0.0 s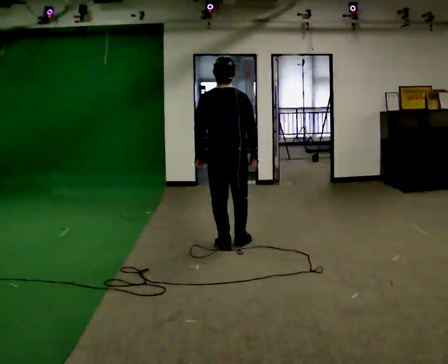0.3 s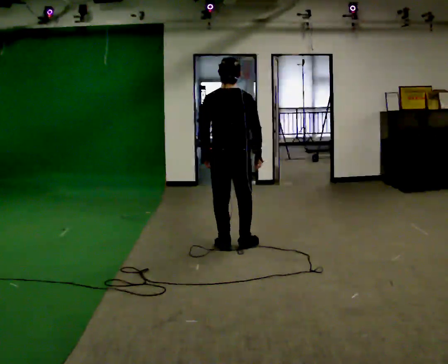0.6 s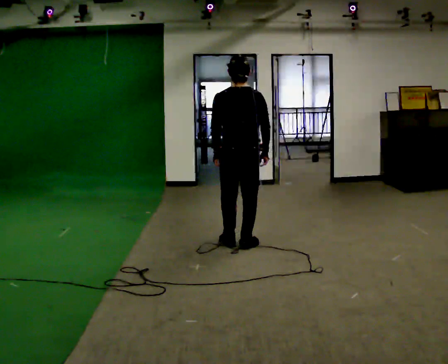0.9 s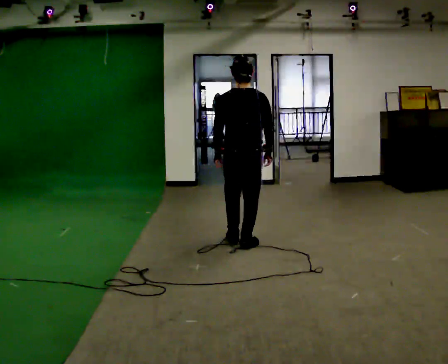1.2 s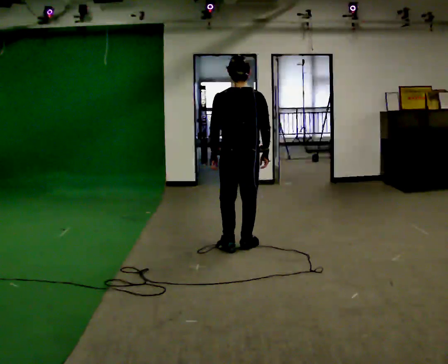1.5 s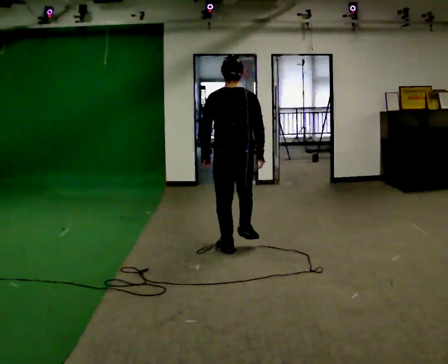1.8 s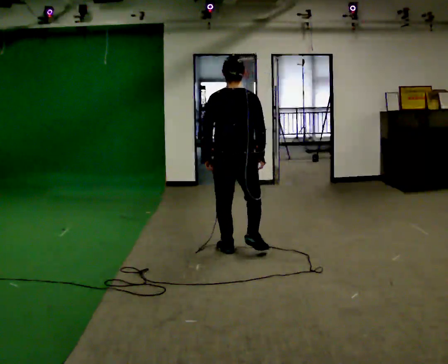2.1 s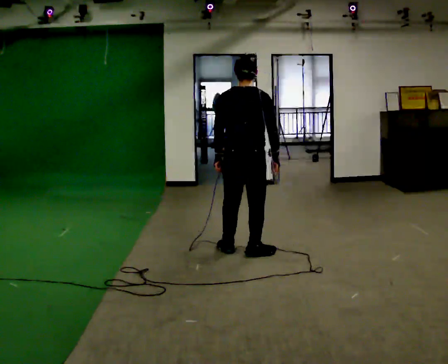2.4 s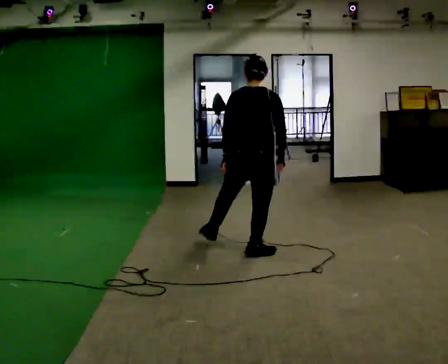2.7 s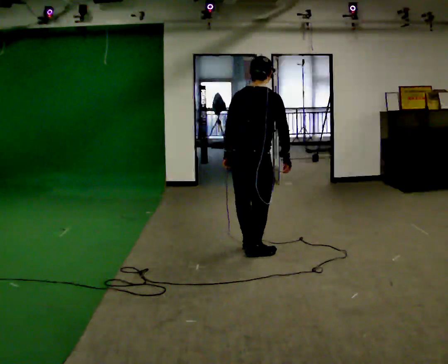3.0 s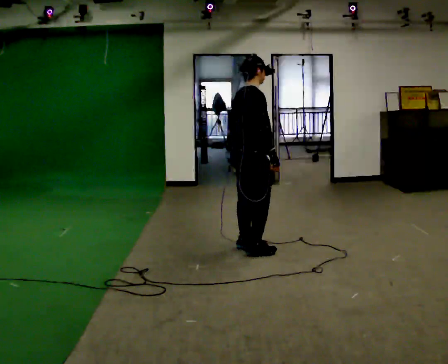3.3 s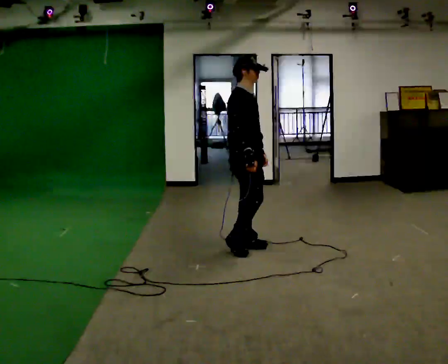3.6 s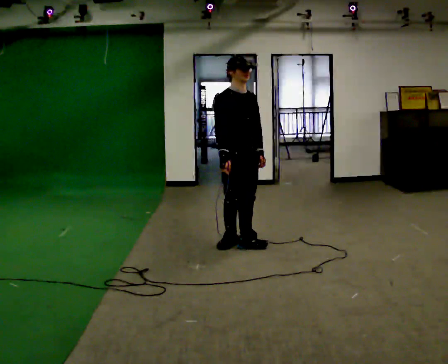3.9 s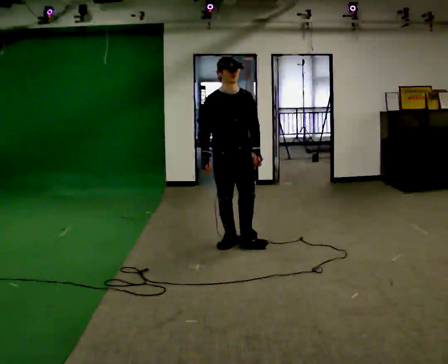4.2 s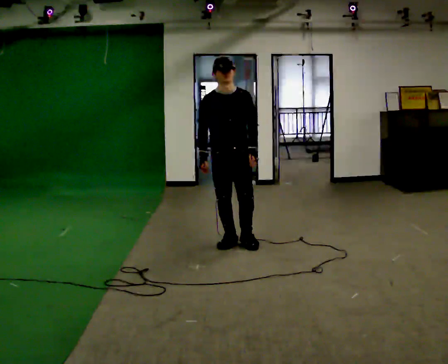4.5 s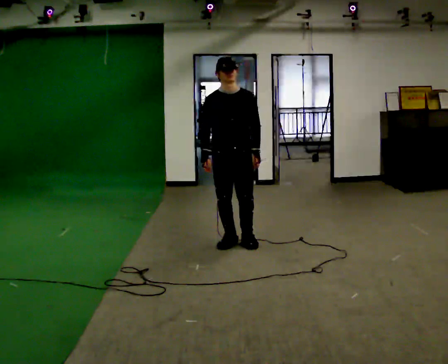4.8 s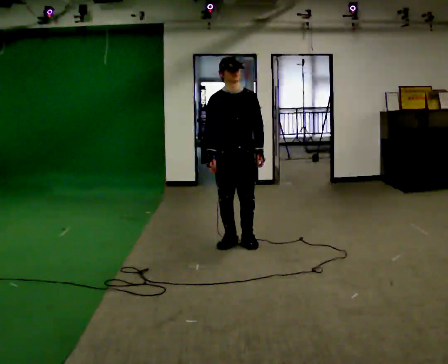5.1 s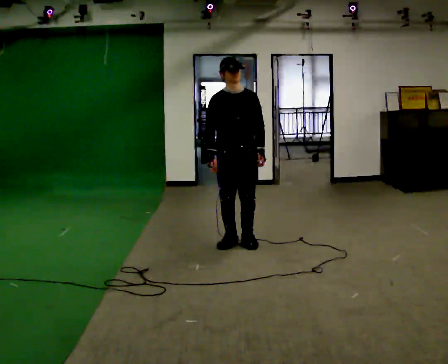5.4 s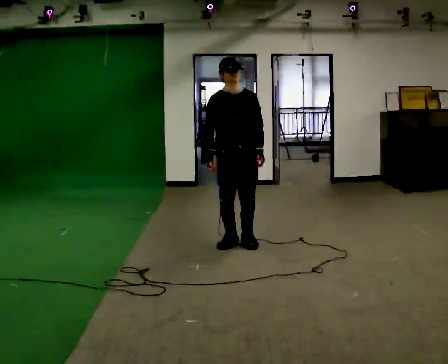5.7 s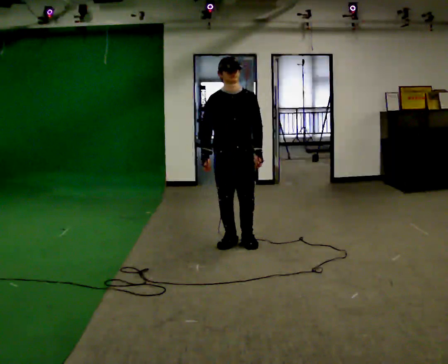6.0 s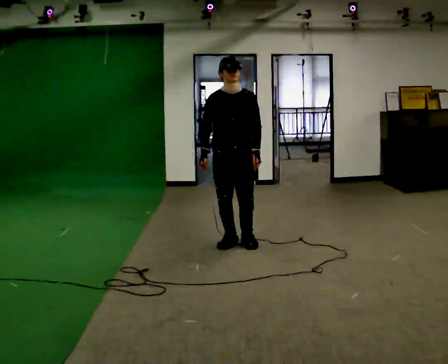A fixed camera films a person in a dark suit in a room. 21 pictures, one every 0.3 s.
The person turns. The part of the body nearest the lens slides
to the left.
The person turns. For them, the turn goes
to their right.
0.0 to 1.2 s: The person moves a little, or ends about where they began.
1.2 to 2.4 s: In the picture they go toward the camera, about 0.25 m in 2 steps, which for them is backward.
2.4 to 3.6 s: Seen from above the body turns clockwise, about 120 degrees: to their right, with its near side sliding to the left. In the picture they go away from the camera, about 0.25 m in 1 step. In the picture their right hand goes to the left.
3.6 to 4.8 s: The person turns about 30 degrees to their right, clockwise seen from above, so the part of the body nearest the lens slides to the left.
4.8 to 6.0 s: The person moves a little, or ends about where they began.
The film runs backward here.
